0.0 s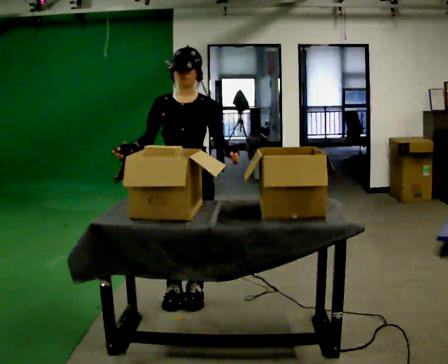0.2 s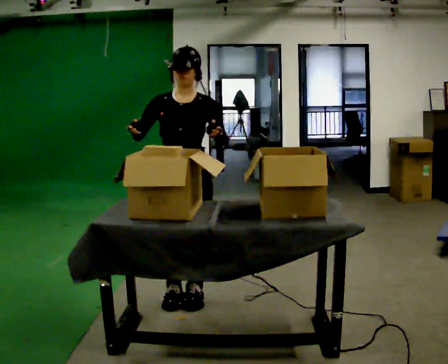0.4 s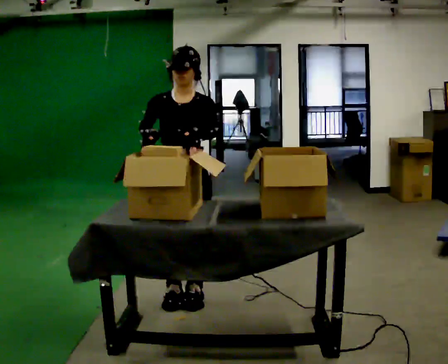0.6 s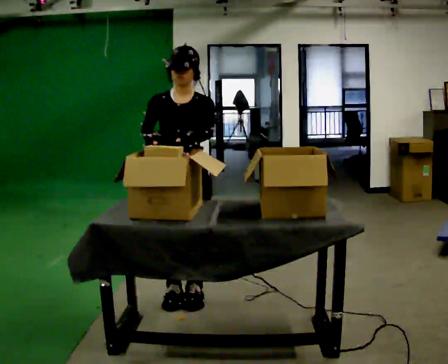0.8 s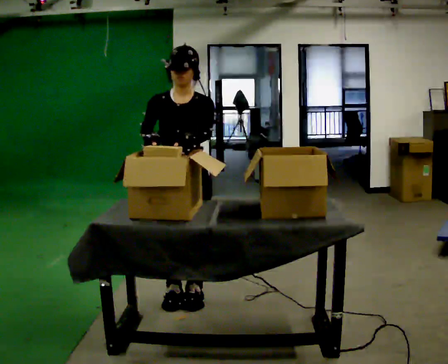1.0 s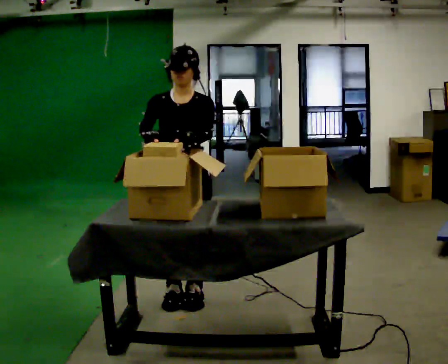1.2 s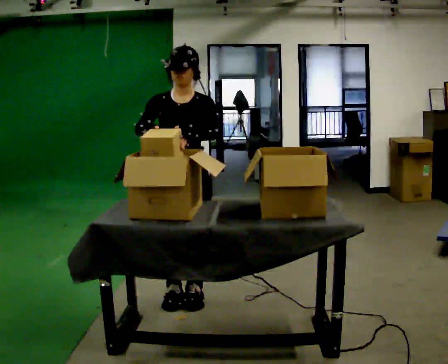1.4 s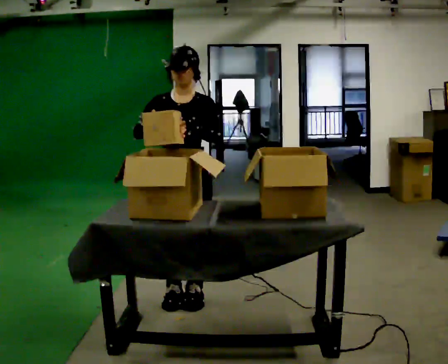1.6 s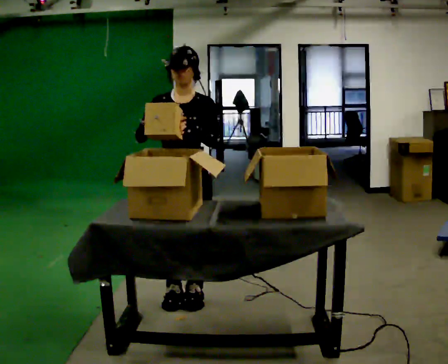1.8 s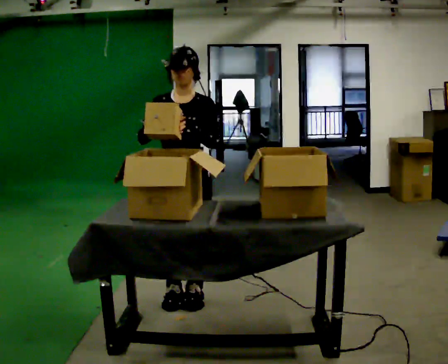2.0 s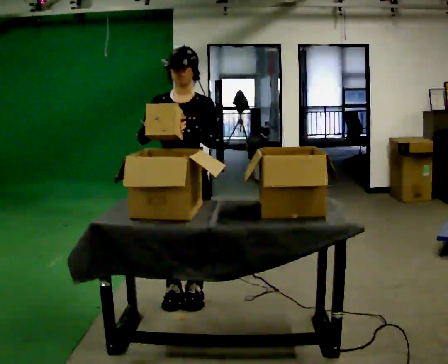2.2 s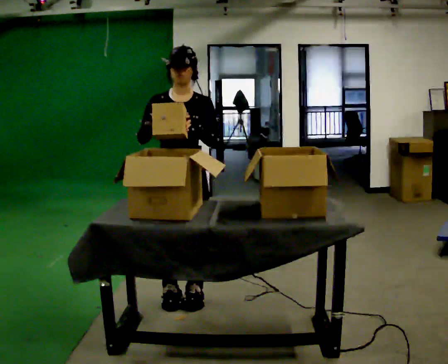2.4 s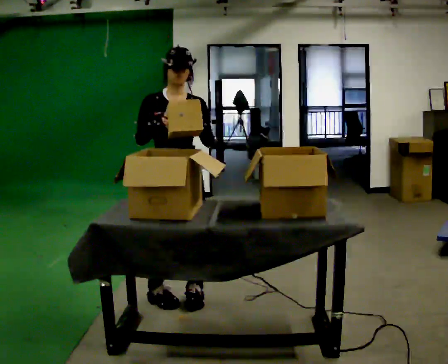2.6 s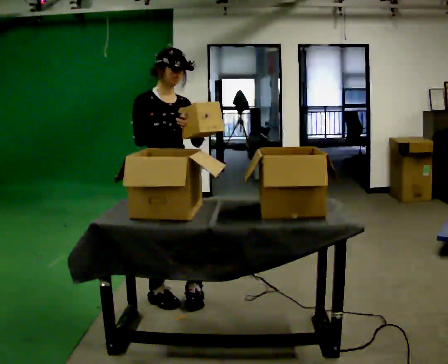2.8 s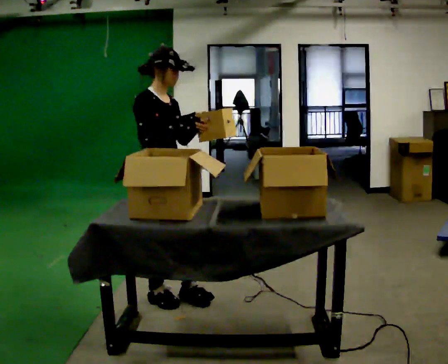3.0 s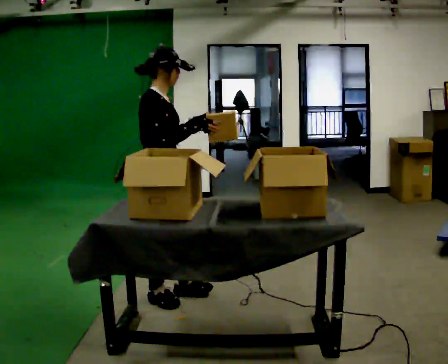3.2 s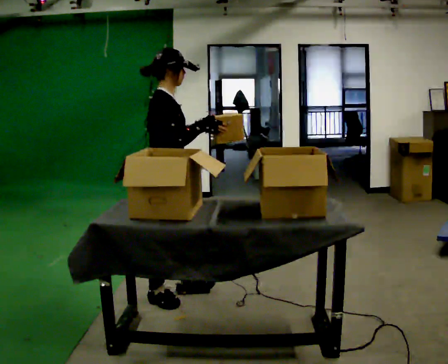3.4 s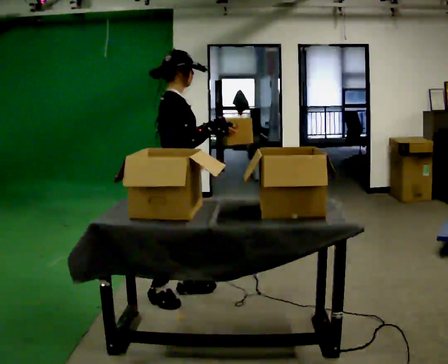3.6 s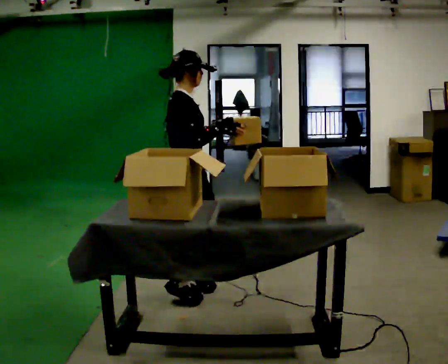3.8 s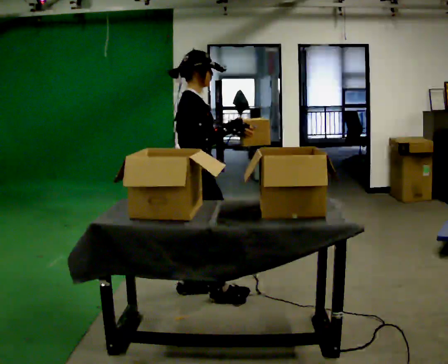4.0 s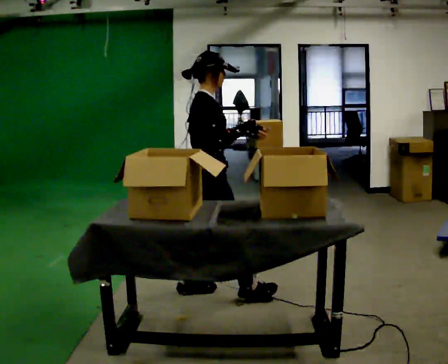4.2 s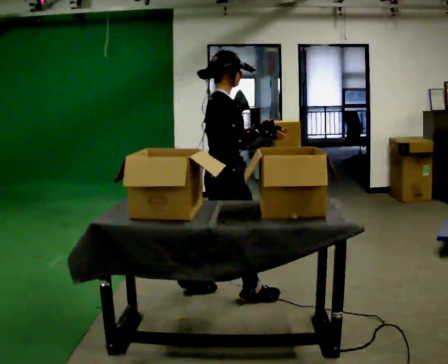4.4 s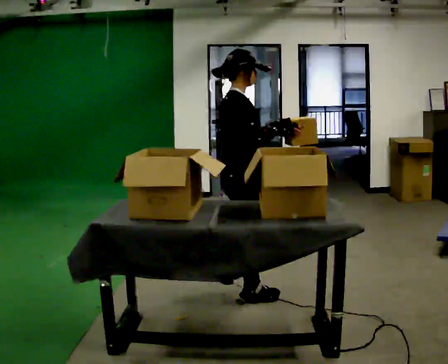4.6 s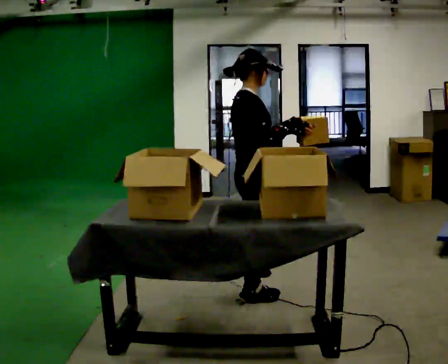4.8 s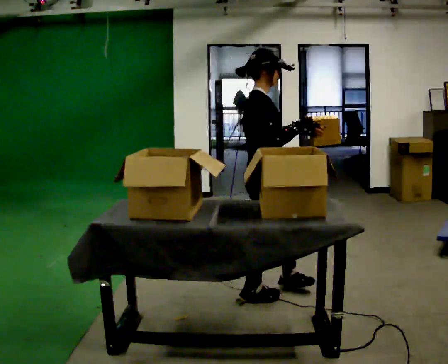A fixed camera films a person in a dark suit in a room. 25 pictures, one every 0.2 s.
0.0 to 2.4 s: The person moves a little, or ends about where they began.
2.4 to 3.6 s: The part of the body nearest the lens slides to the right as the person turns to their left by about 90 degrees.
3.6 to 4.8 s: In the picture they go to the right, about 0.5 m in 1 step, which for them is forward.
The film runs forward here.
